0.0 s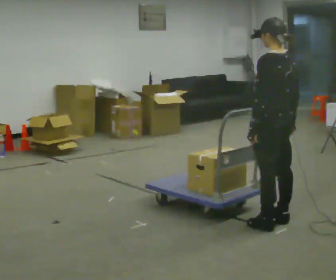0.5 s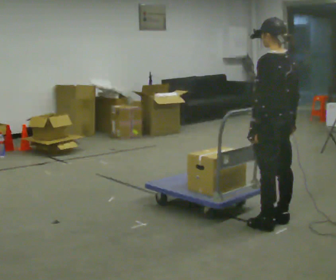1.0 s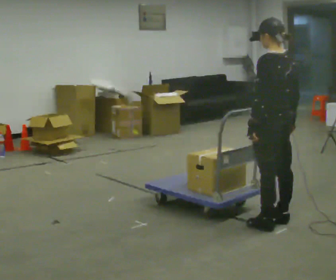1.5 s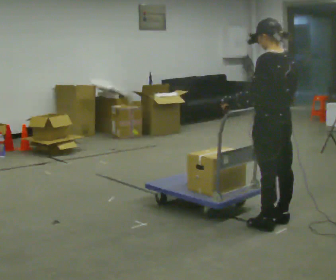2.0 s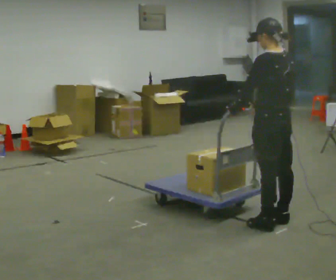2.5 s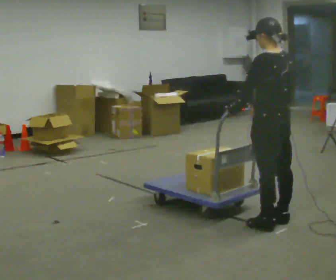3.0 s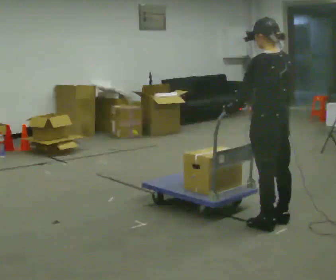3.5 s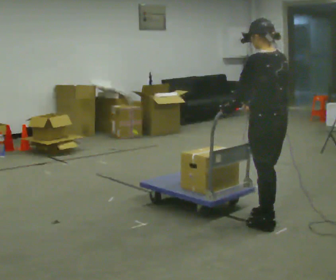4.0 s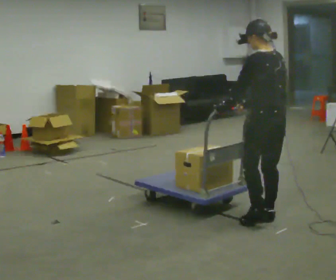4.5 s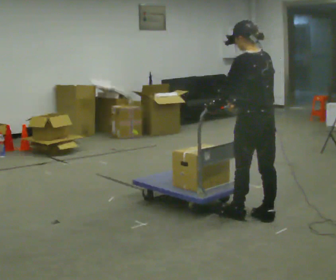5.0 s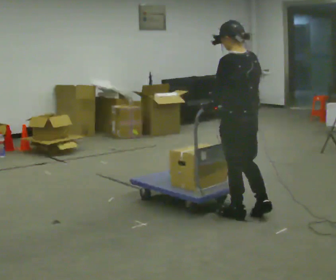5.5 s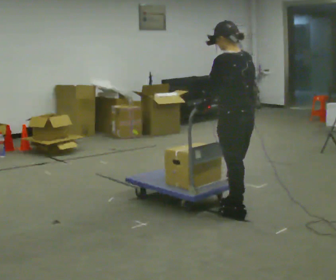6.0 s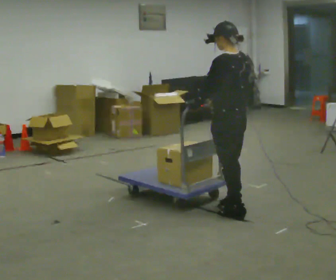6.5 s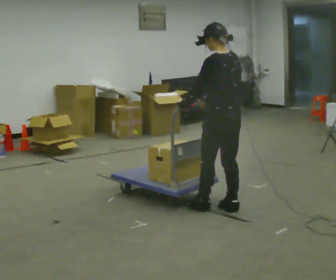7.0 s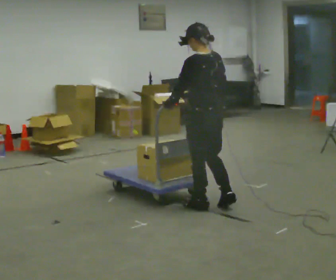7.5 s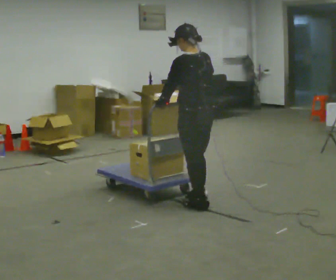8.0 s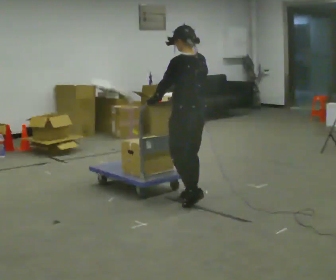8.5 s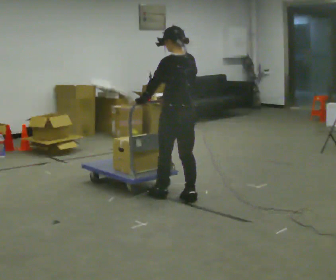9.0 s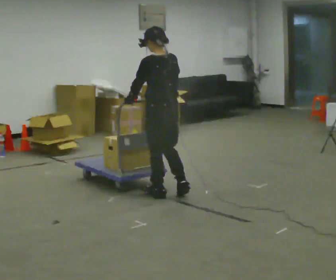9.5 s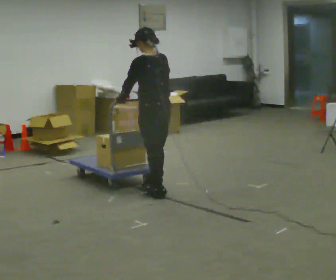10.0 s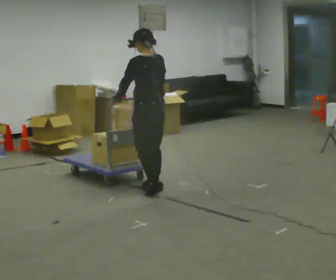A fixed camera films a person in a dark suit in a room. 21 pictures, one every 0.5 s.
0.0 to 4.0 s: In the picture their right hand goes to the left.
4.0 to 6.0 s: In the picture they go to the left and away from the camera, about 0.25 m in 2 steps, which for them is forward.
6.0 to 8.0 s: In the picture they go to the left and away from the camera, about 0.5 m in 2 steps, which for them is forward.
8.0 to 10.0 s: In the picture they go to the left and away from the camera, about 0.5 m in 2 steps, which for them is forward.
The film runs forward here.
